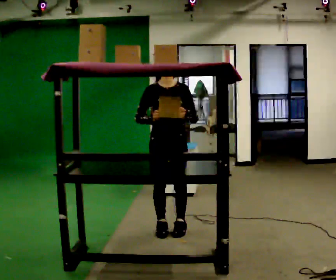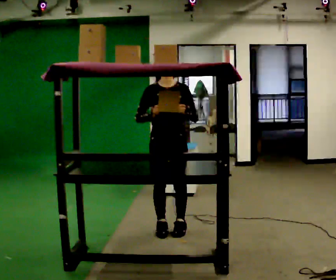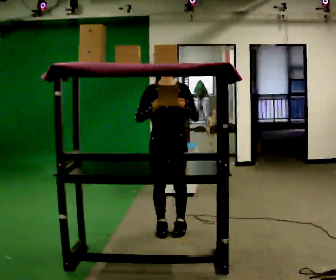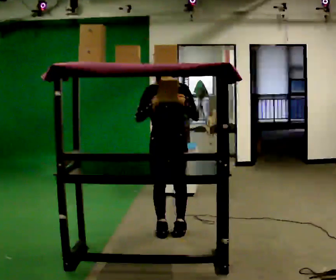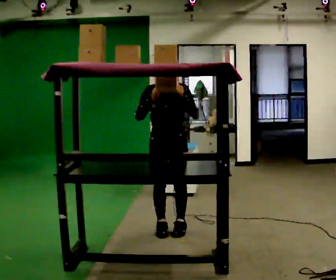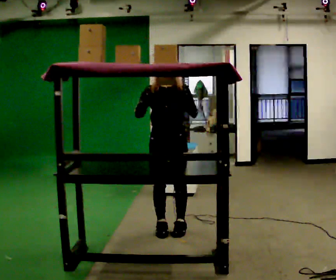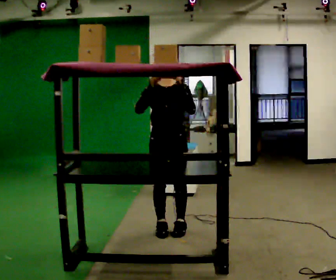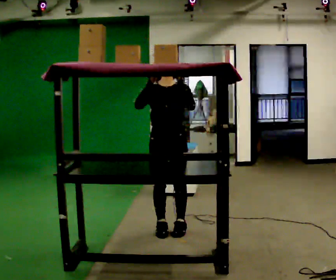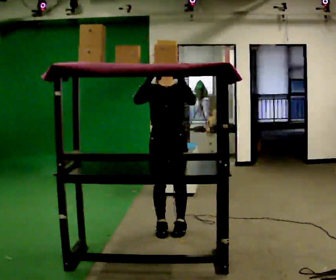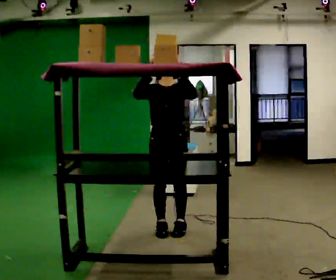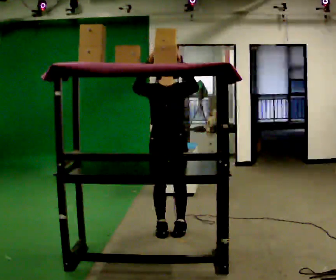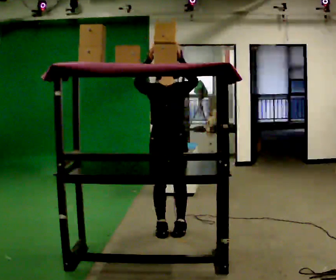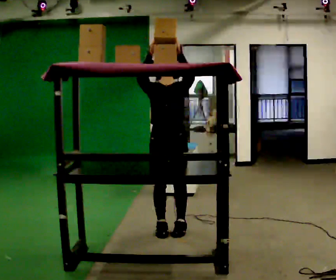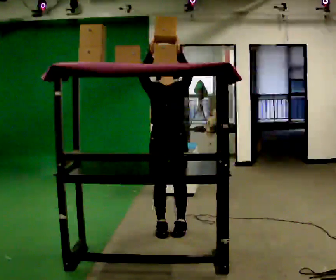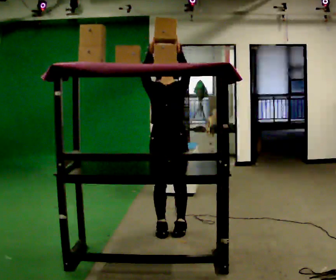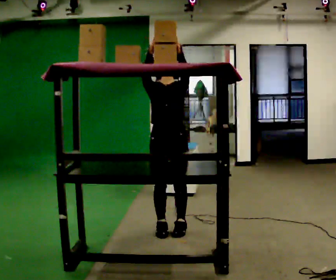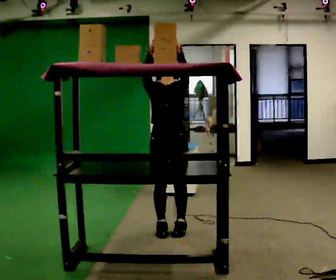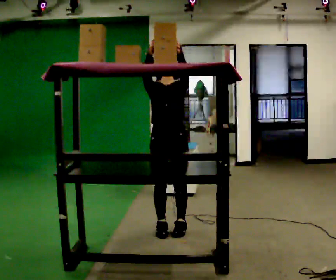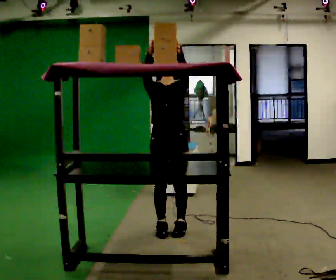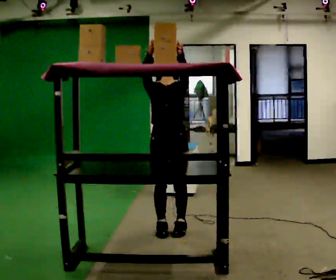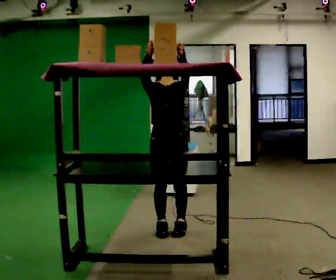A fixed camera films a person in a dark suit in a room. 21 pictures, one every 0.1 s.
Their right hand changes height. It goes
upward.
Their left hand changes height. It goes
upward.
0.0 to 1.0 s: In the picture their right hand goes upward.
1.0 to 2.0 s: The person moves a little, or ends about where they began.
The film runs backward here.
